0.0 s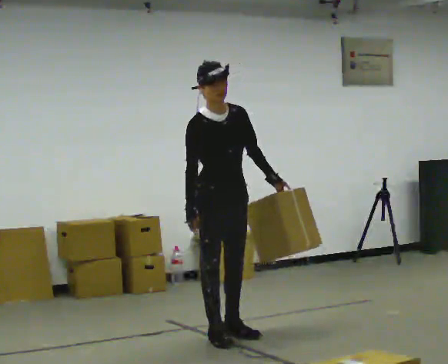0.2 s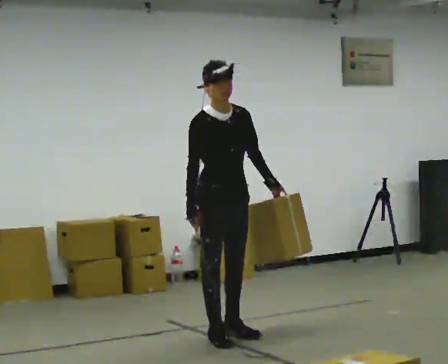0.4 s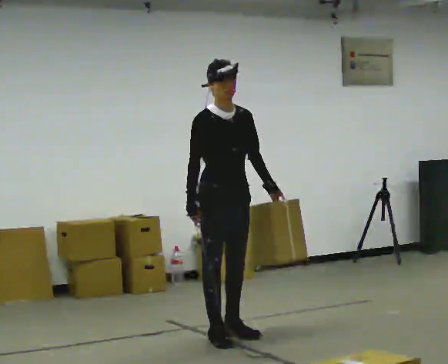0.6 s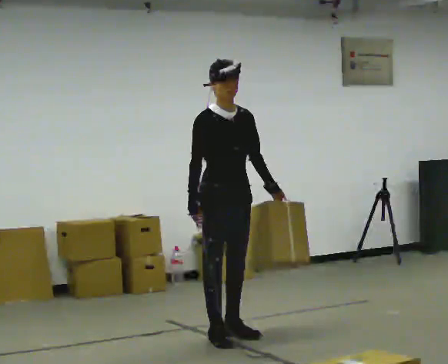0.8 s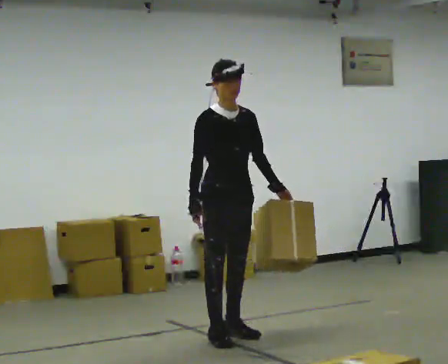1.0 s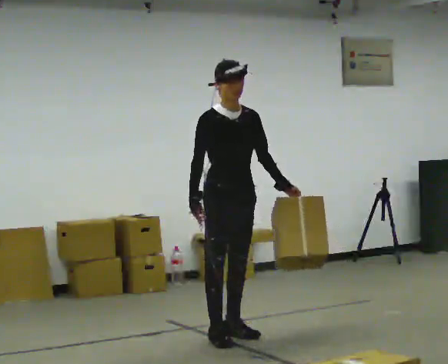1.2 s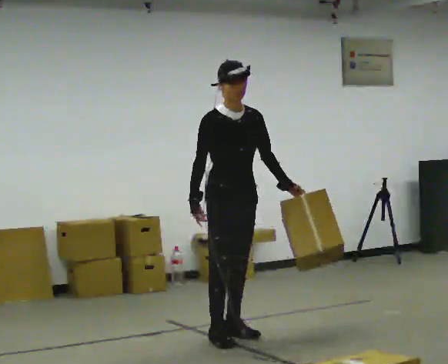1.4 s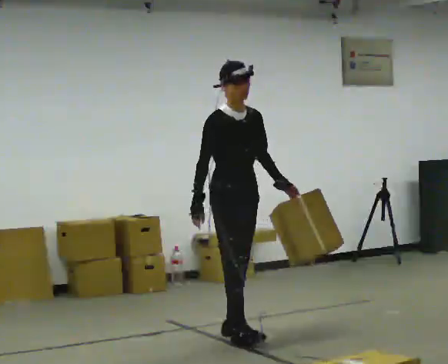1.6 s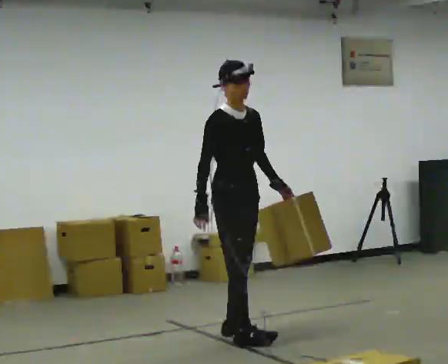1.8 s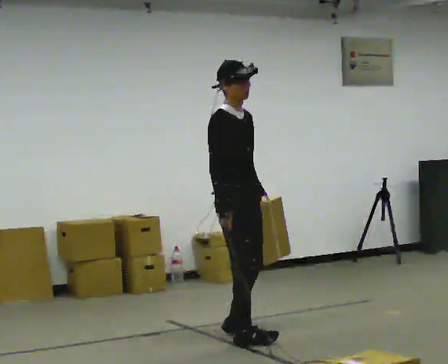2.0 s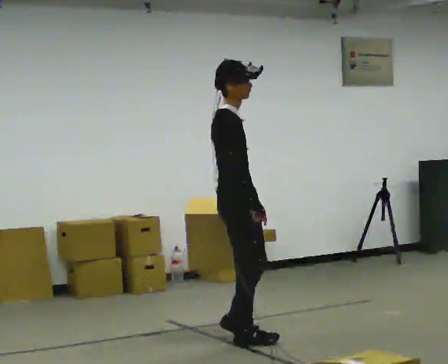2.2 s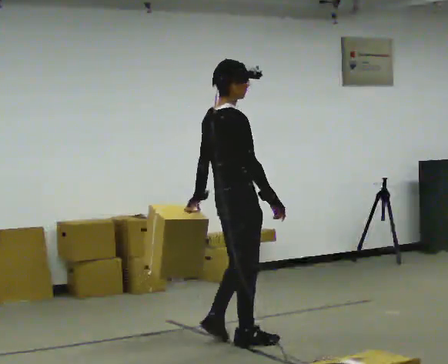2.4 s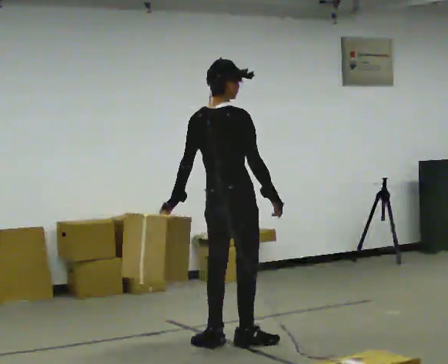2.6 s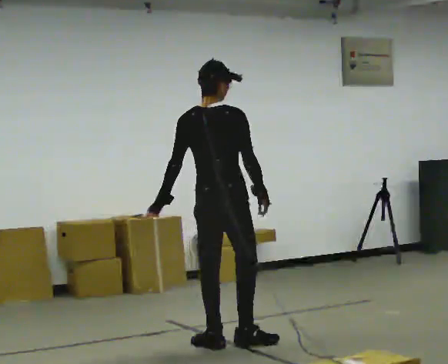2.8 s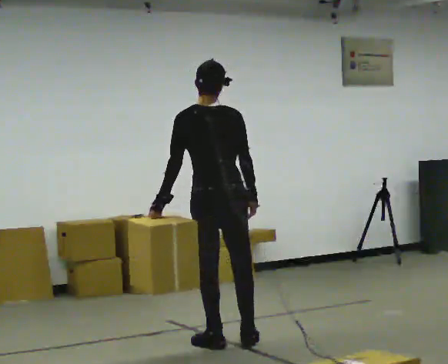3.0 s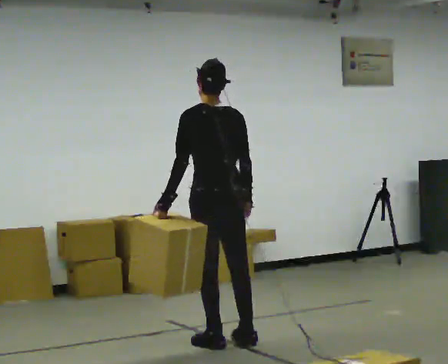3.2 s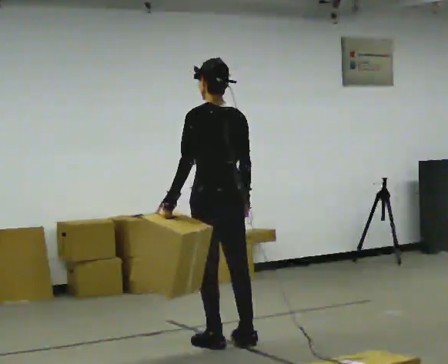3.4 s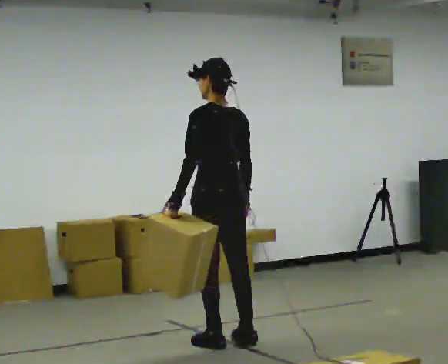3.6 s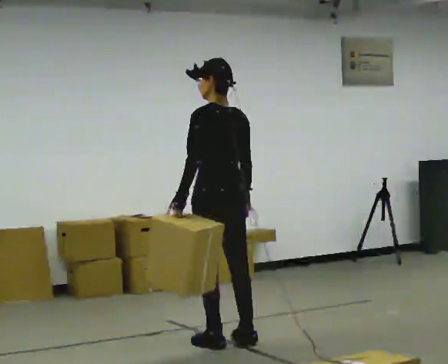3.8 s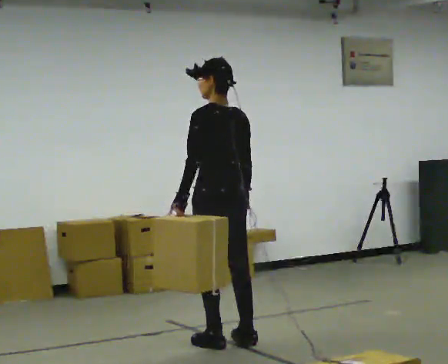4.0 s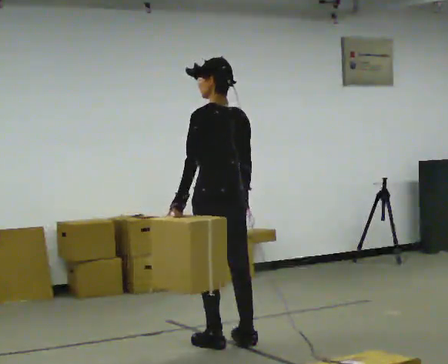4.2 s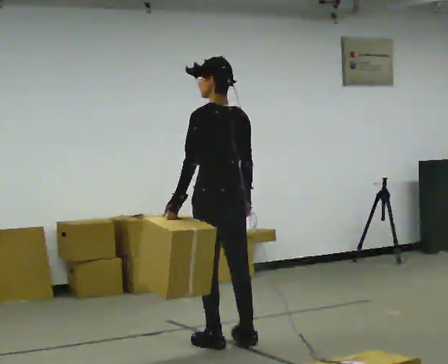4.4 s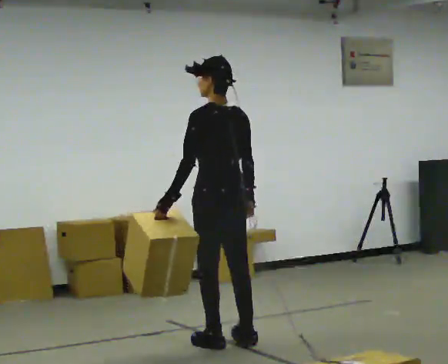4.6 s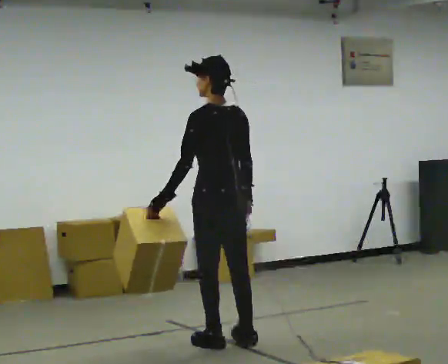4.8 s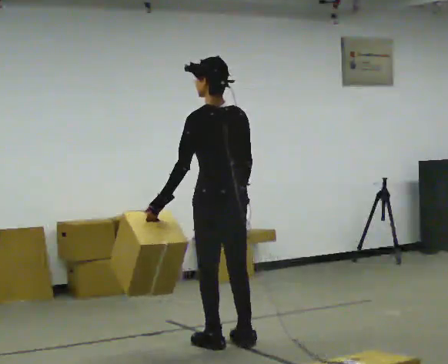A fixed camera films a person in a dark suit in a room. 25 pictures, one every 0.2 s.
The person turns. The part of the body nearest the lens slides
to the right.
The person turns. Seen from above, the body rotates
counterclockwise.
0.0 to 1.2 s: The person moves a little, or ends about where they began.
1.2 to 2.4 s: The person turns about 120 degrees to their left, counterclockwise seen from above, so the part of the body nearest the lens slides to the right. In the picture they go toward the camera, about 0.25 m in 1 step.
2.4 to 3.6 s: The person turns about 75 degrees to their left, counterclockwise seen from above, so the part of the body nearest the lens slides to the right.
3.6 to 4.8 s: The person moves a little, or ends about where they began.
The film runs backward here.
